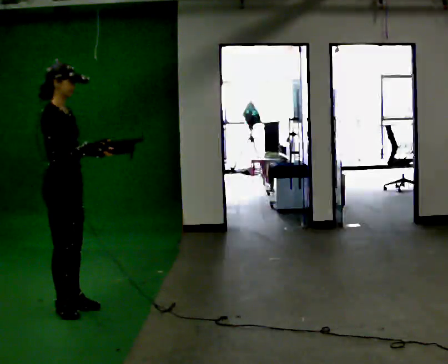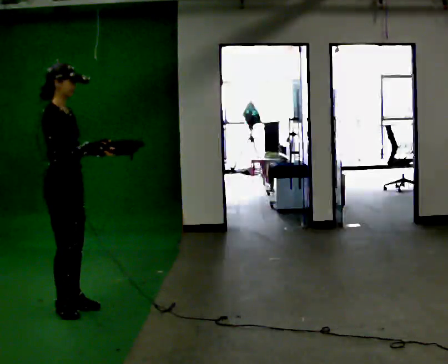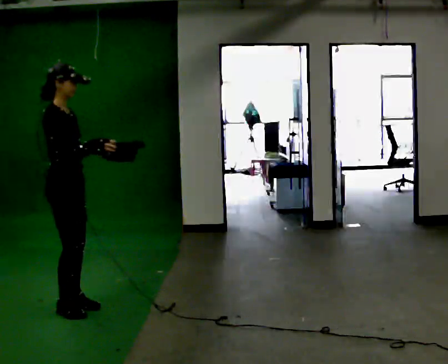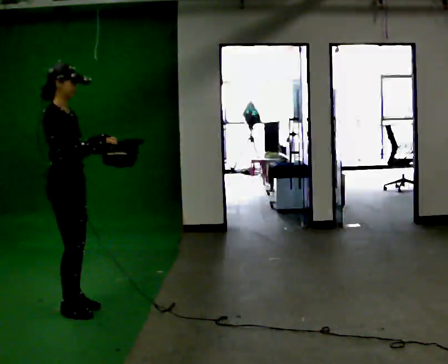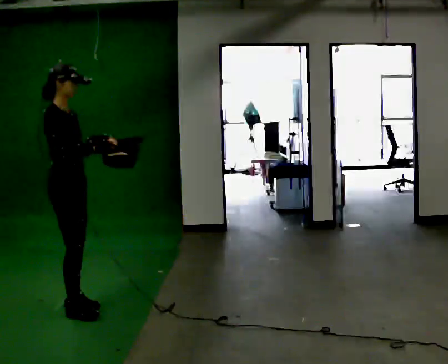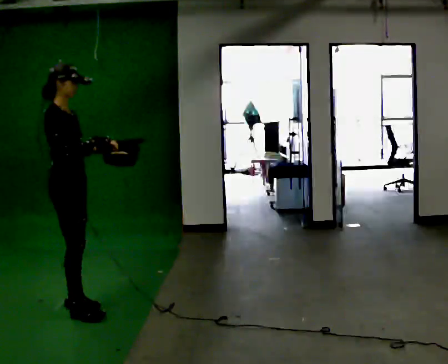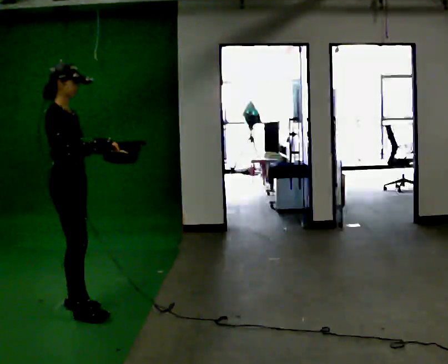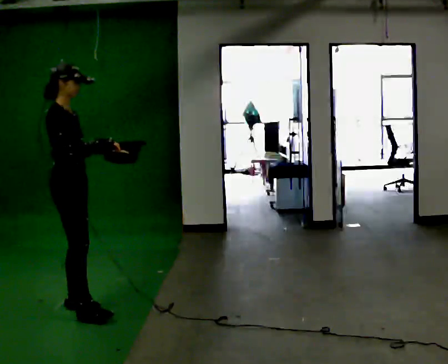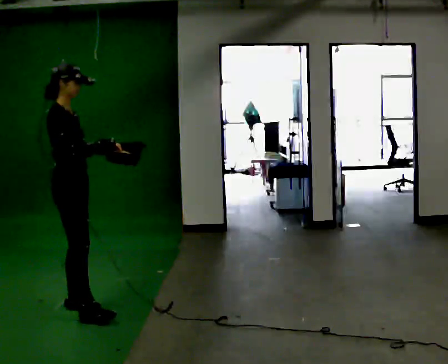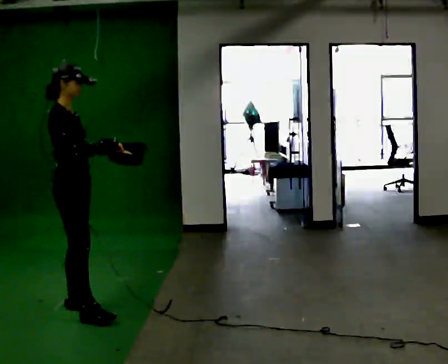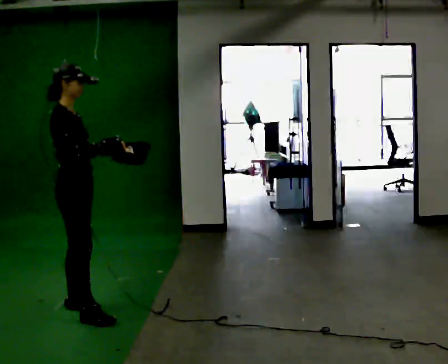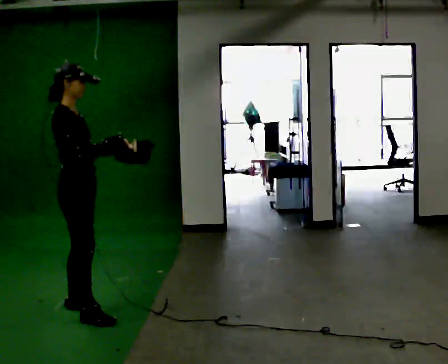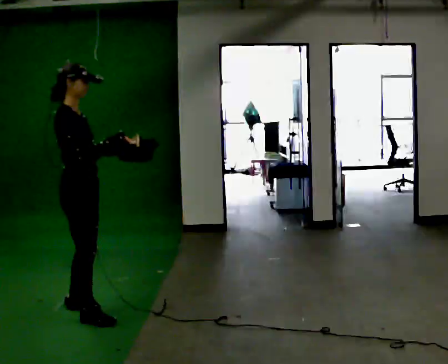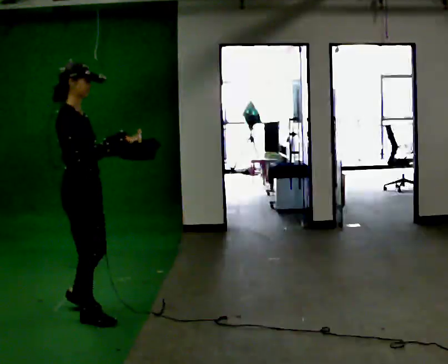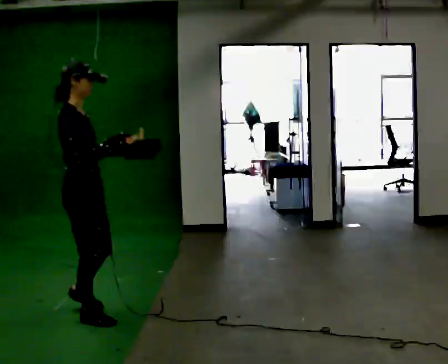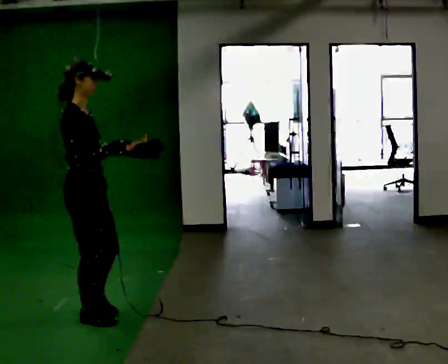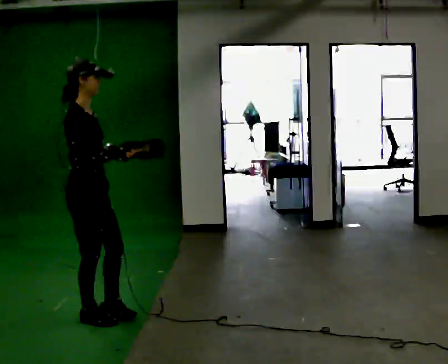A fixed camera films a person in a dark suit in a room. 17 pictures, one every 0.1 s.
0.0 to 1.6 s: In the picture they go toward the camera, about 0.25 m in 1 step, which for them is forward and to their right.
The film runs forward here.
